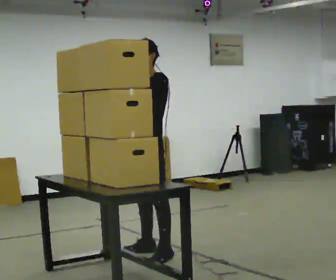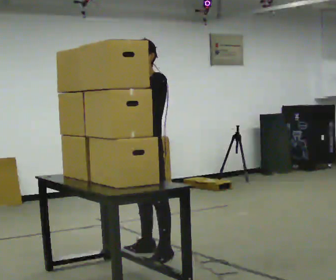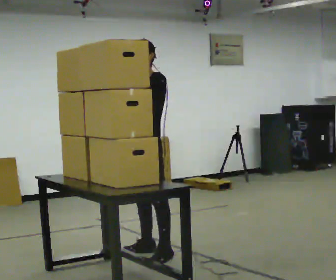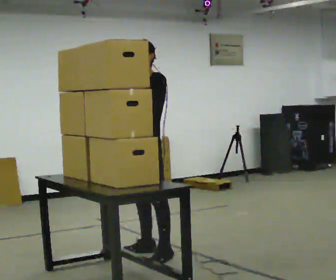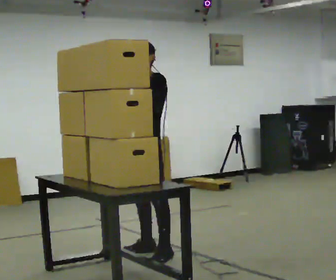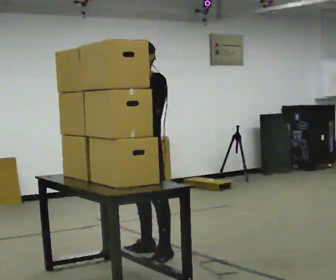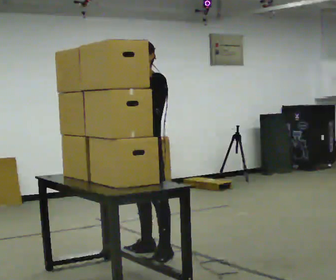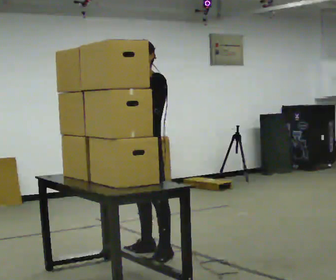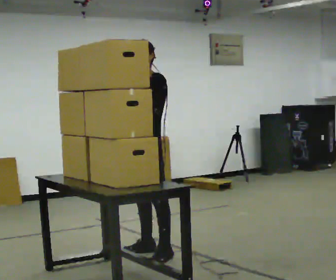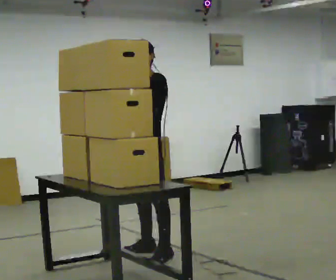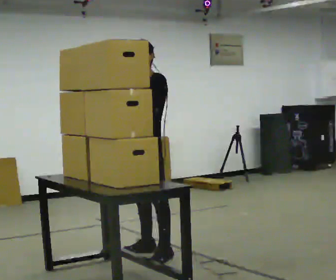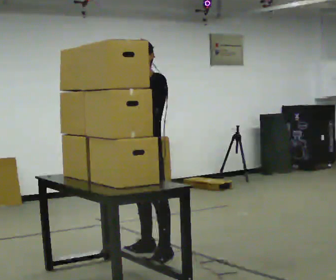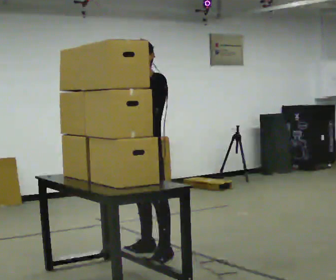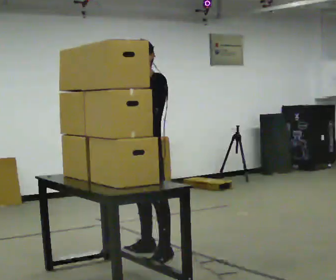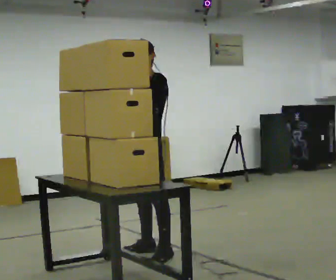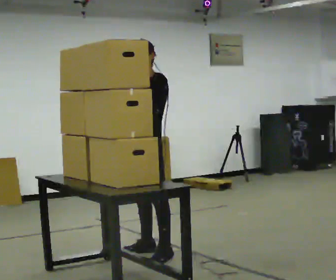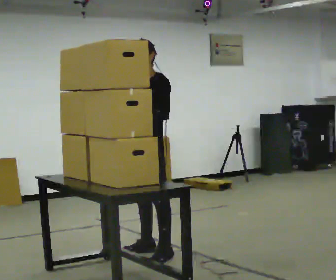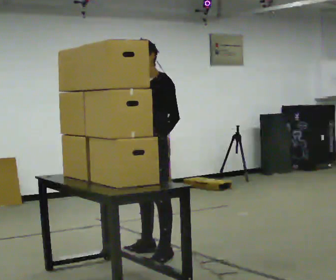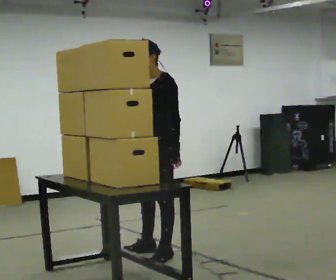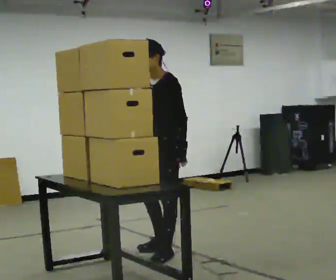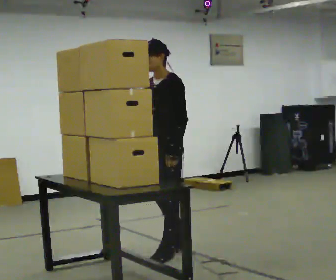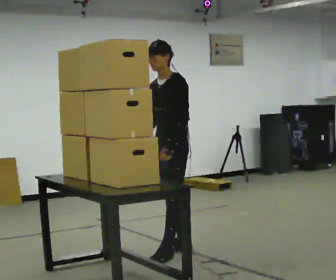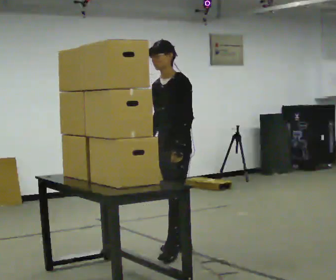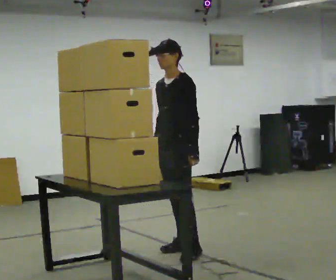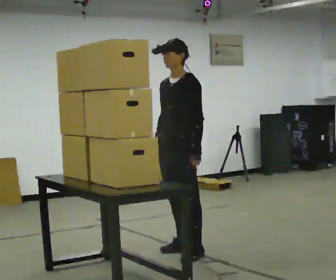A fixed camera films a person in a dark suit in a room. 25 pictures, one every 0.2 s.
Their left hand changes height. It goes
downward.
Their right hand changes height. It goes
downward.
0.0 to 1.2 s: The person moves a little, or ends about where they began.
1.2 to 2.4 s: The person keeps their place and pose.
2.4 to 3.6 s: In the picture their left hand goes downward and to the right.
3.6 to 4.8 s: In the picture they go to the right, about 0.25 m in 2 steps, which for them is backward.
The film runs forward here.
